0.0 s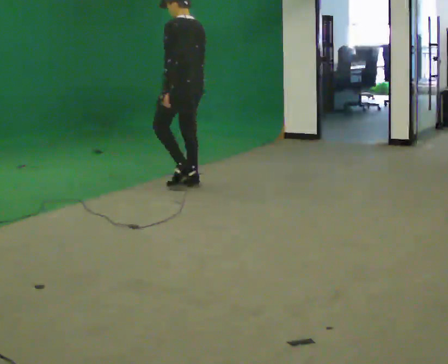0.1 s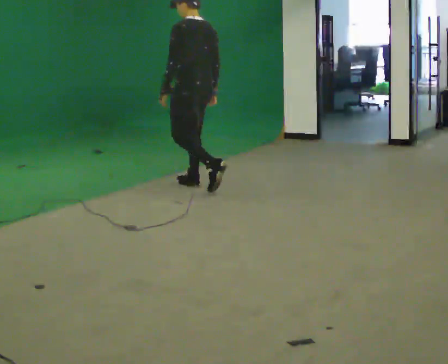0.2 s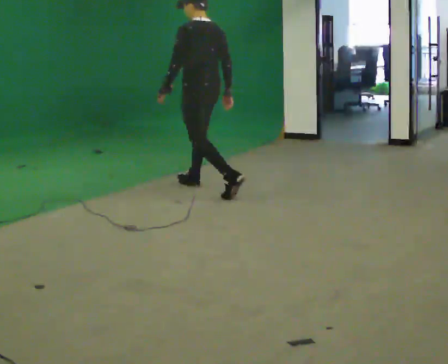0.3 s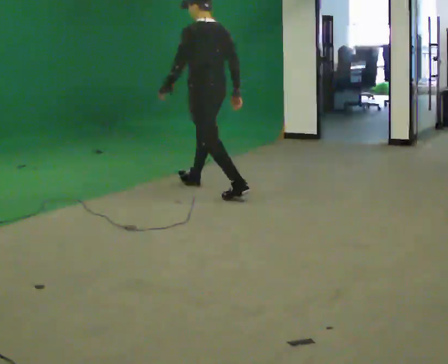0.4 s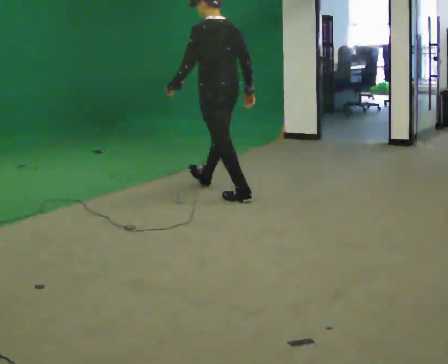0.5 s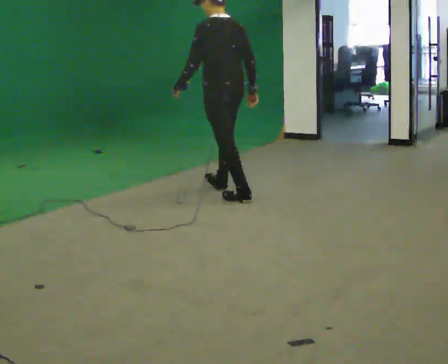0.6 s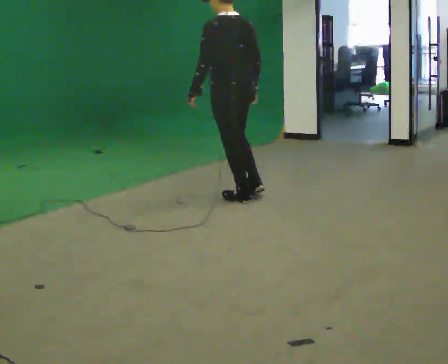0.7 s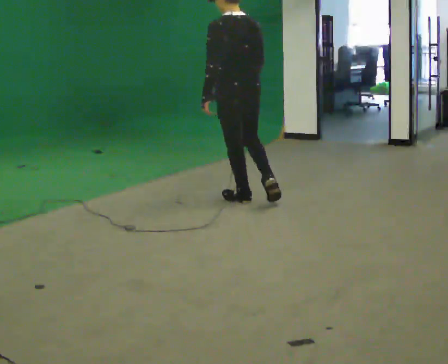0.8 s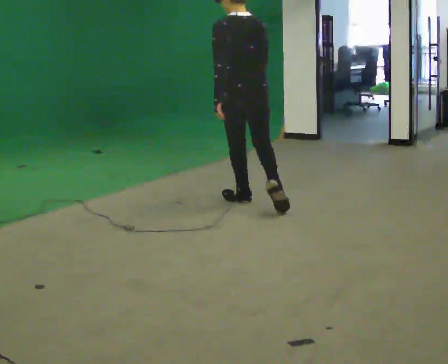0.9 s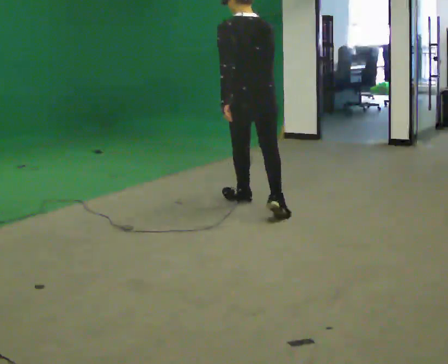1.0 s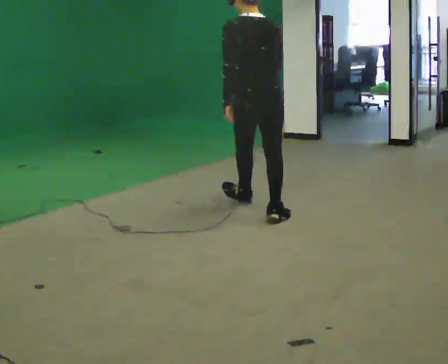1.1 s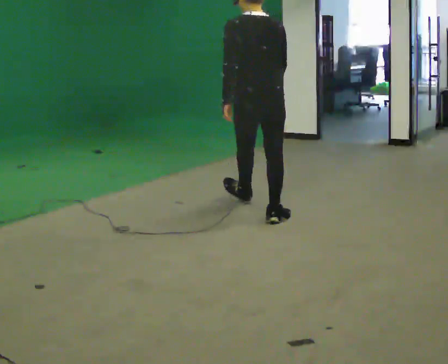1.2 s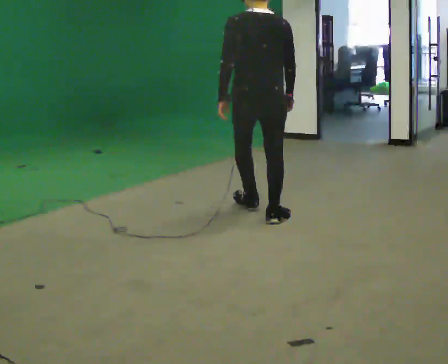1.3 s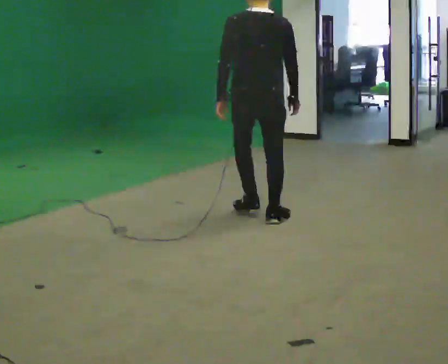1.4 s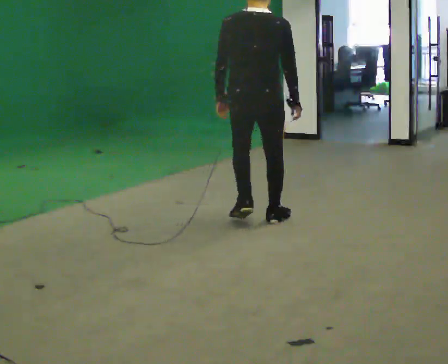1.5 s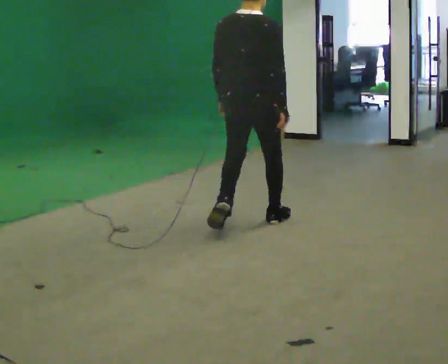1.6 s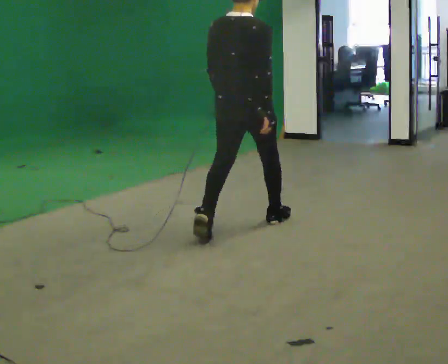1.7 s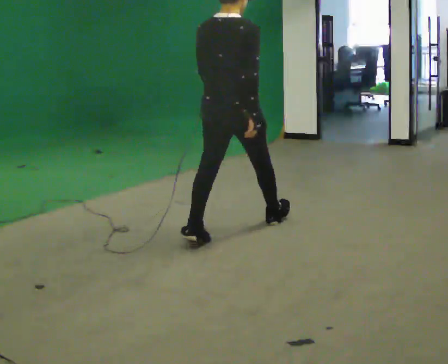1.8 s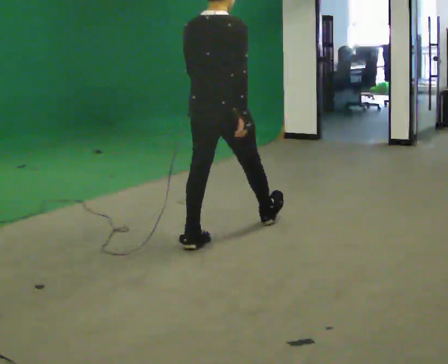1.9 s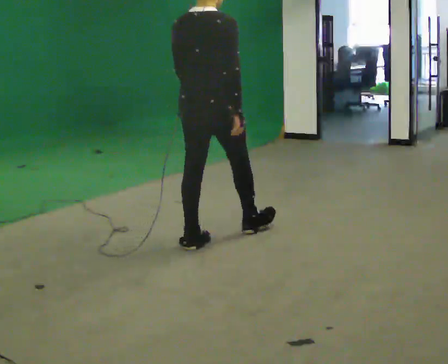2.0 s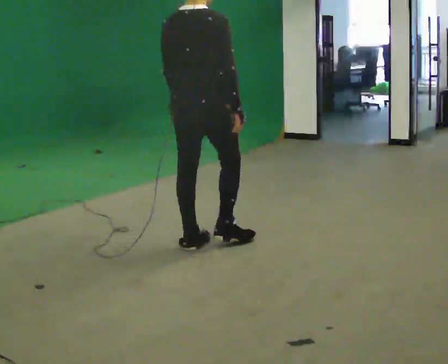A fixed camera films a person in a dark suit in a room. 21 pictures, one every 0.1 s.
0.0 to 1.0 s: The part of the body nearest the lens slides to the left as the person turns to their right by about 30 degrees. In the picture they go toward the camera and to the right, about 1 m in 1 step, which for them is backward.
1.0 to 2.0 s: The person turns about 45 degrees to their right, clockwise seen from above, so the part of the body nearest the lens slides to the left. In the picture they go toward the camera and to the left, about 1 m in 2 steps, which for them is backward.
The film runs backward here.
